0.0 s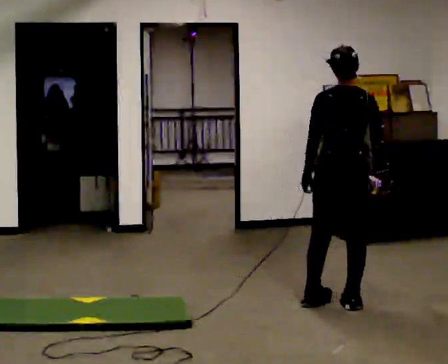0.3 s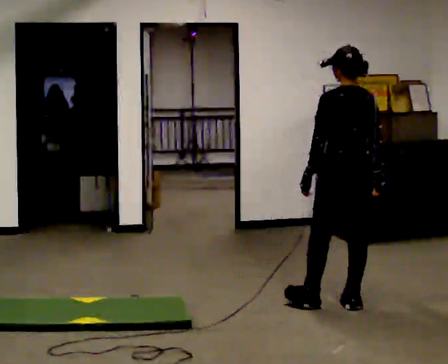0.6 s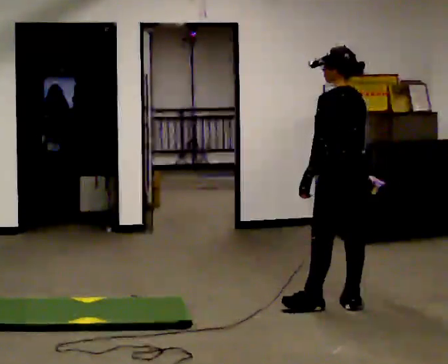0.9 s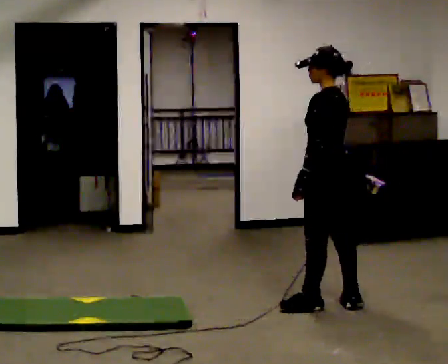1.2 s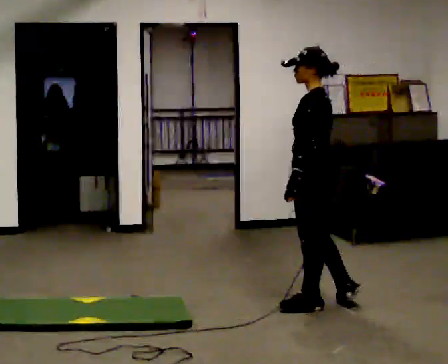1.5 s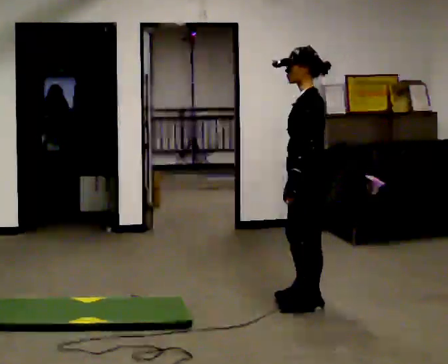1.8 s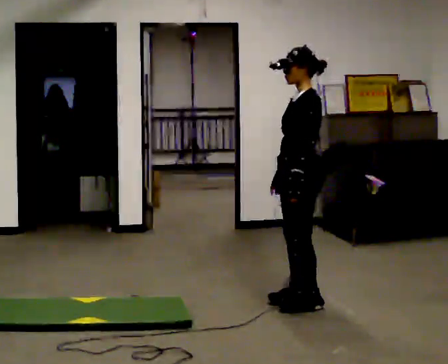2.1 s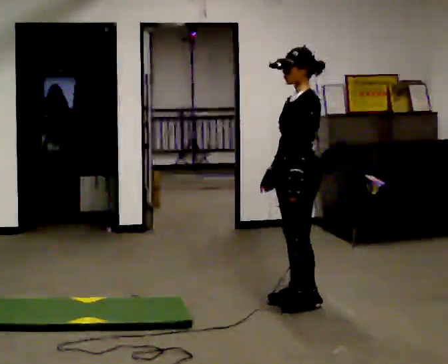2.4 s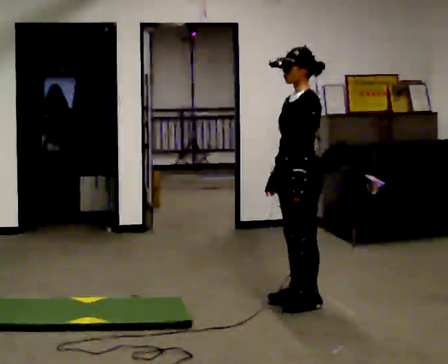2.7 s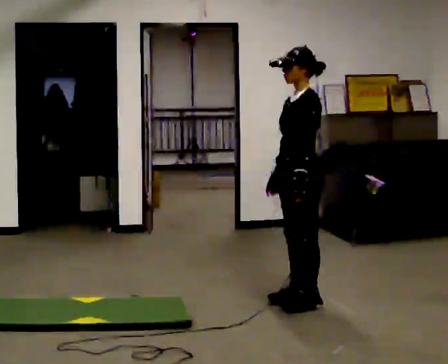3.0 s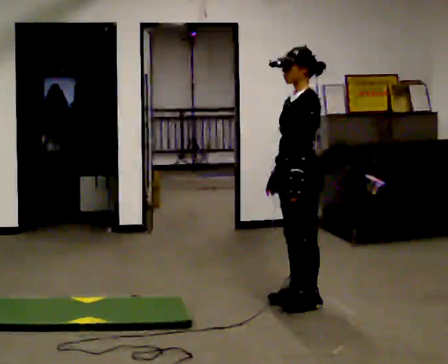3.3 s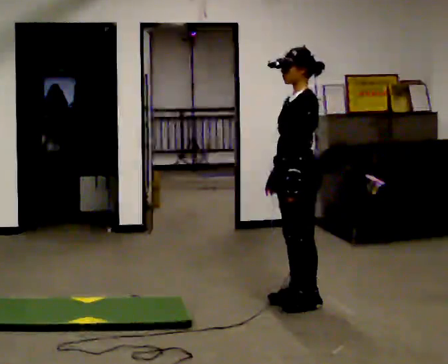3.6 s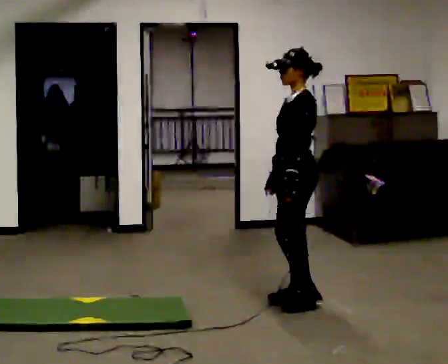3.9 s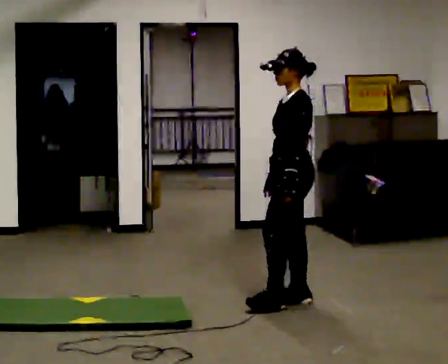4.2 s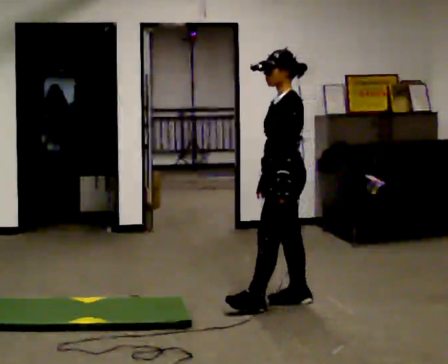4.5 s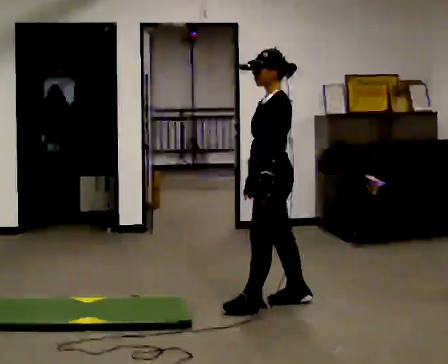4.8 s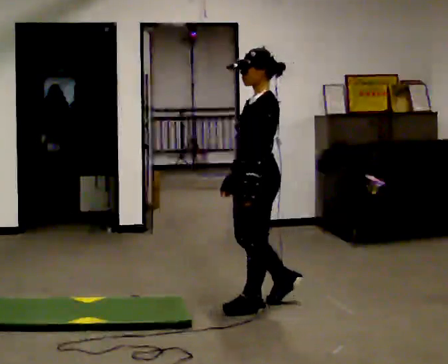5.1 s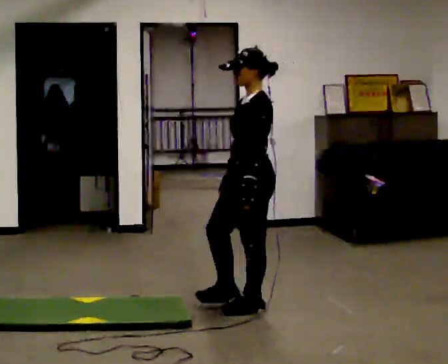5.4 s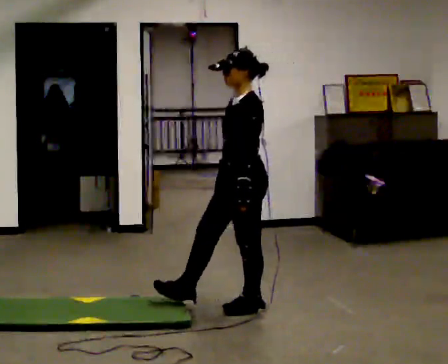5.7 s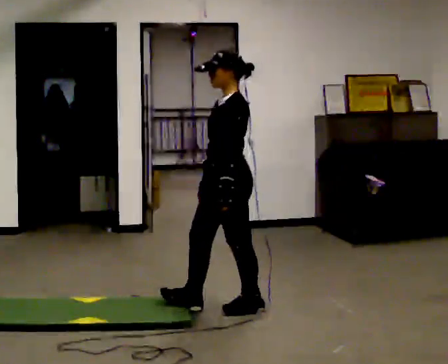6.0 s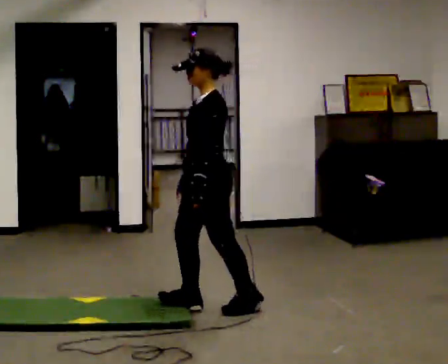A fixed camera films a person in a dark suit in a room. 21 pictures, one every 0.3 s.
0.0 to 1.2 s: The part of the body nearest the lens slides to the right as the person turns to their left by about 75 degrees. In the picture they go to the left, about 0.25 m. In the picture their right hand goes to the left.
1.2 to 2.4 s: The part of the body nearest the lens slides to the right as the person turns to their left by about 30 degrees.
2.4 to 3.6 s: The person moves a little, or ends about where they began.
3.6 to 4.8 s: In the picture they go to the left and toward the camera, about 0.25 m in 1 step, which for them is forward.
4.8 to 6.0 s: In the picture they go to the left, about 0.25 m in 1 step, which for them is forward.
The film runs forward here.
